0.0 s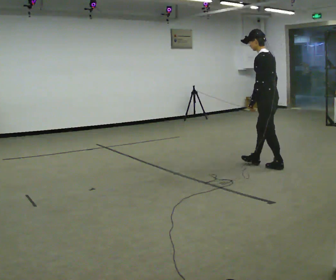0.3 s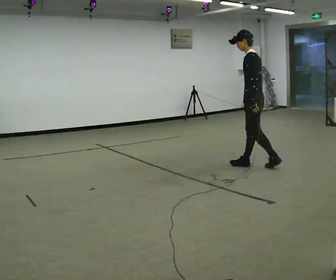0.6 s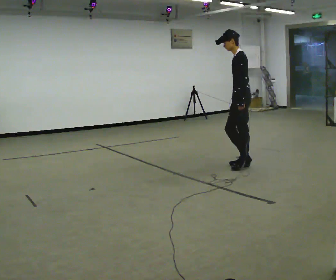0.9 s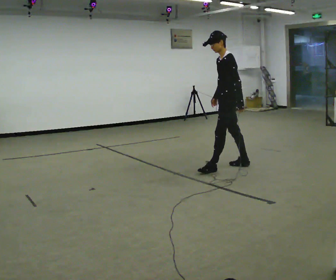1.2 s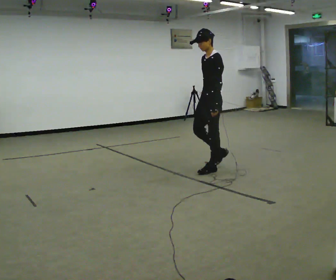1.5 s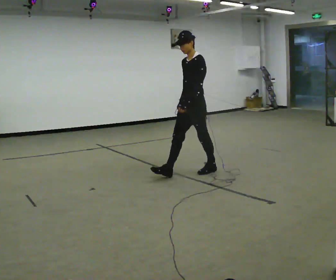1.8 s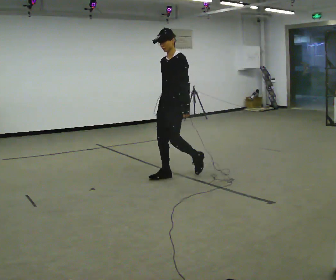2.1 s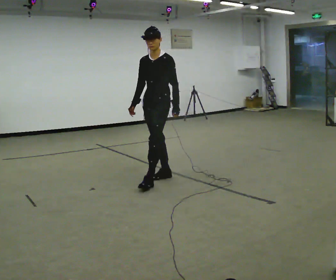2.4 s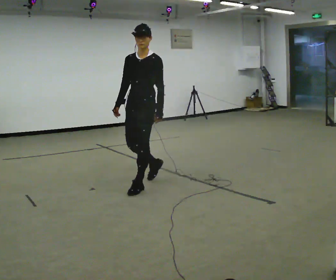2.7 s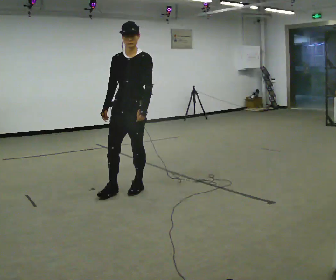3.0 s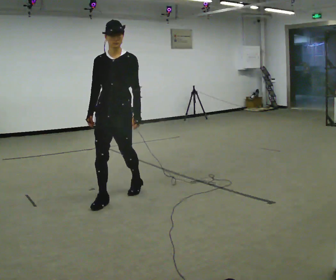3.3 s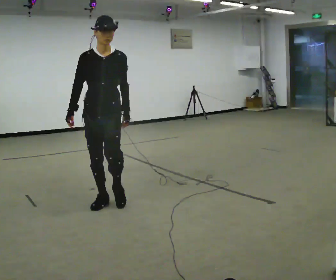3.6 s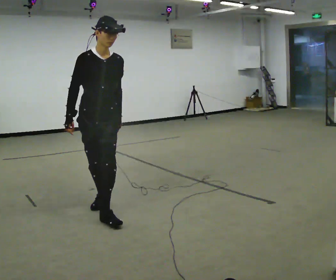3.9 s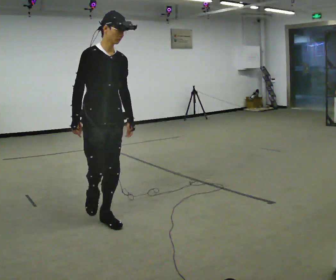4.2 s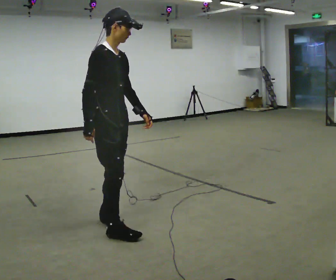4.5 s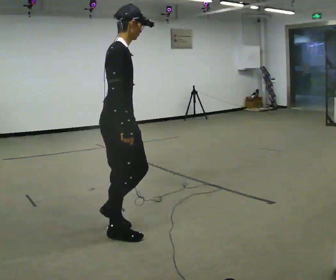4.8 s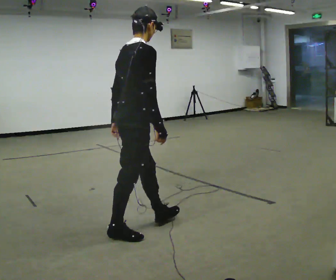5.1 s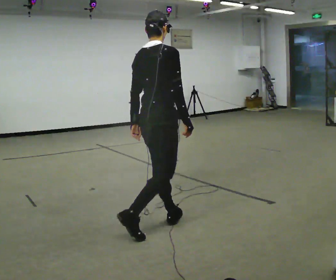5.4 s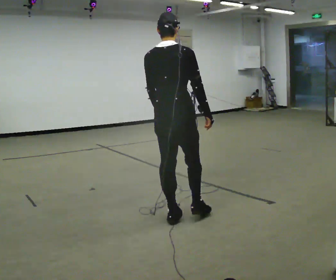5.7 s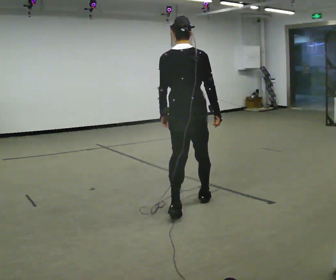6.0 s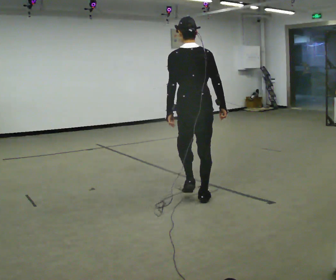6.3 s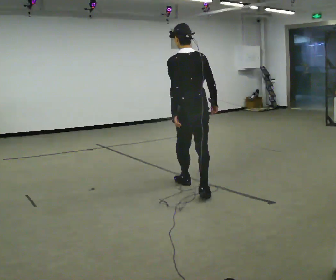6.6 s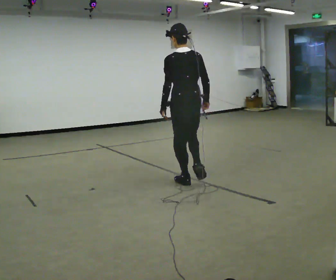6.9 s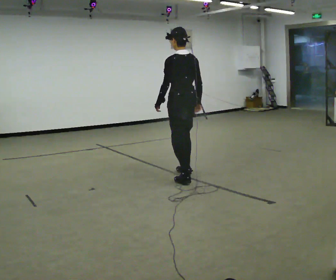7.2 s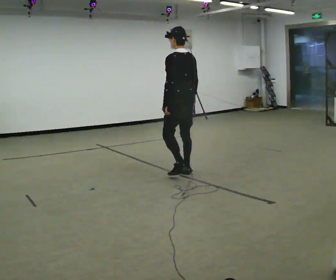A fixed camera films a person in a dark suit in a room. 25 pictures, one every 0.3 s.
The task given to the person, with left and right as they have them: Walk one full figure-eight continuously at comfortable speed; stop.
0.0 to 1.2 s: Seen from above the body turns counterclockwise, about 60 degrees: to their left, with its near side sliding to the right. In the picture they go to the left, about 0.5 m in 2 steps, which for them is forward.
1.2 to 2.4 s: Seen from above the body turns counterclockwise, about 45 degrees: to their left, with its near side sliding to the right. In the picture they go to the left and toward the camera, about 1 m in 2 steps, which for them is forward.
2.4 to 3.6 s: Seen from above the body turns counterclockwise, about 45 degrees: to their left, with its near side sliding to the right. In the picture they go toward the camera and to the left, about 1 m in 2 steps, which for them is forward.
3.6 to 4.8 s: The person turns about 90 degrees to their left, counterclockwise seen from above, so the part of the body nearest the lens slides to the right. In the picture they go toward the camera and to the right, about 0.5 m in 1 step.
4.8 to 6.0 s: The person turns about 75 degrees to their left, counterclockwise seen from above, so the part of the body nearest the lens slides to the right. In the picture they go away from the camera and to the right, about 1 m in 2 steps.
6.0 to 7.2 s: The person turns about 30 degrees to their left, counterclockwise seen from above, so the part of the body nearest the lens slides to the right. In the picture they go away from the camera, about 1 m in 2 steps, which for them is forward.
The film runs forward here.
